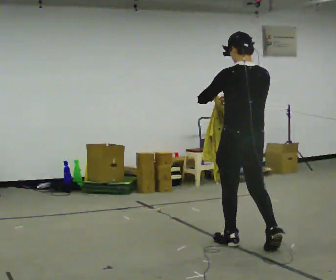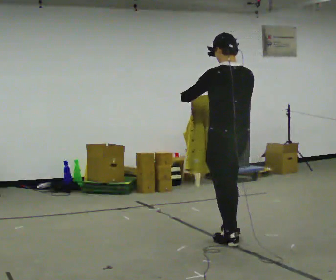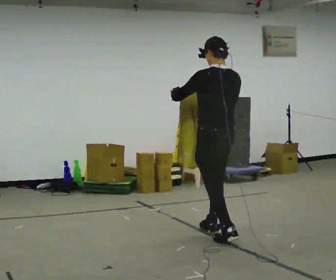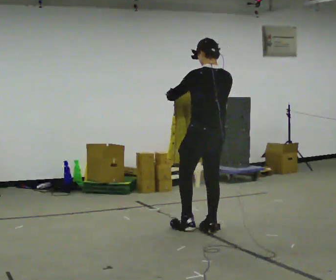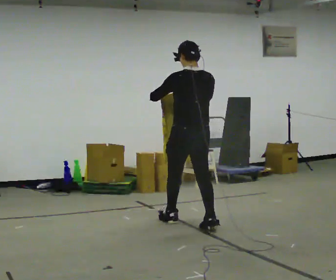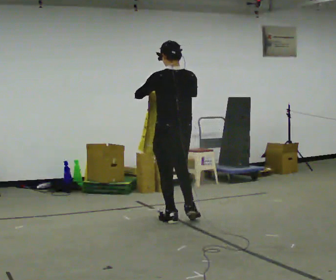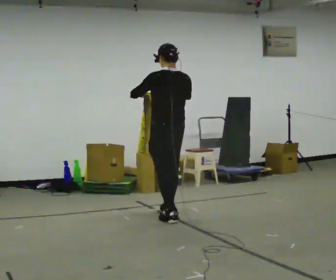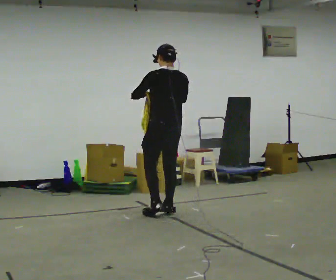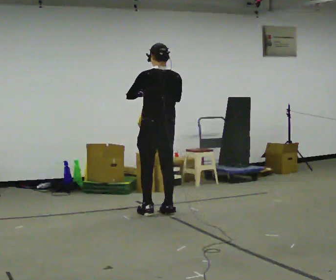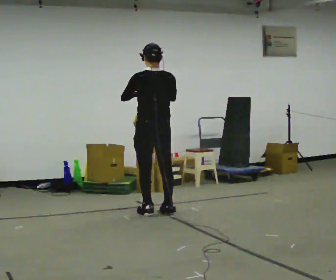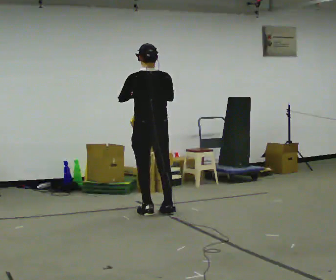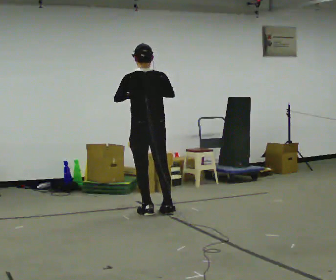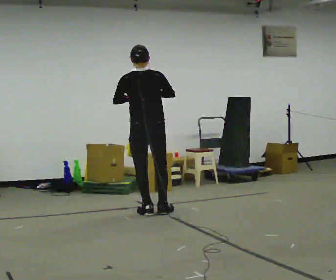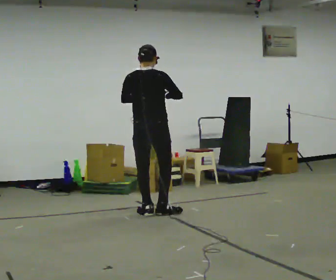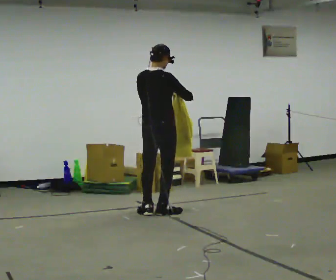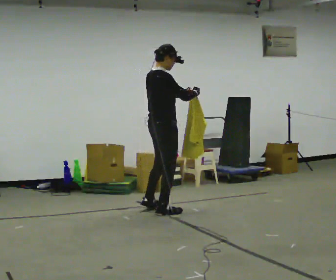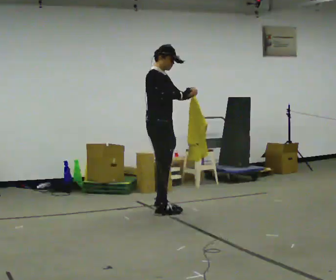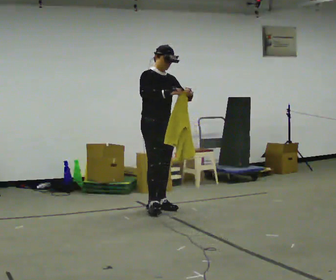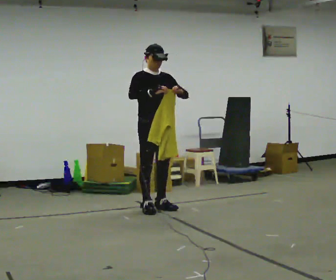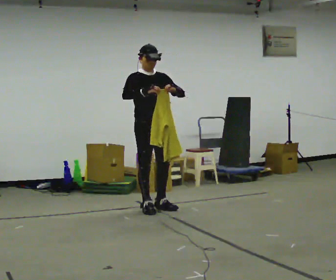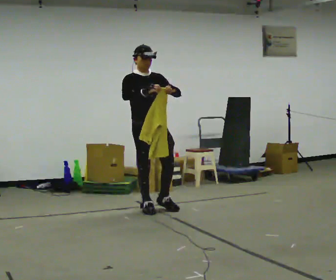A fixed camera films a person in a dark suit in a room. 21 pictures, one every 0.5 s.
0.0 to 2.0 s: In the picture they go away from the camera and to the left, about 1 m in 2 steps, which for them is forward.
2.0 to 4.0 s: In the picture they go away from the camera and to the left, about 0.5 m in 2 steps, which for them is forward.
4.0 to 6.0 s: The person moves a little, or ends about where they began.
6.0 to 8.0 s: The person turns about 105 degrees to their right, clockwise seen from above, so the part of the body nearest the lens slides to the left. In the picture they go away from the camera, about 0.25 m in 1 step.
8.0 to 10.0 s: The person turns about 45 degrees to their right, clockwise seen from above, so the part of the body nearest the lens slides to the left.
The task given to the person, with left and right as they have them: Carry the cloth and, while walking, fold it in half, then unfold it. Keep repeating as you walk. Do not stop.
The film runs forward here.
